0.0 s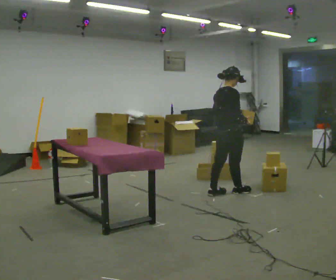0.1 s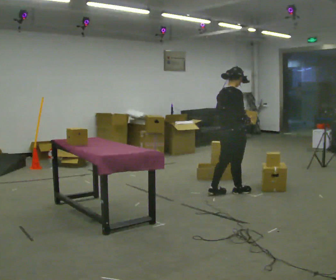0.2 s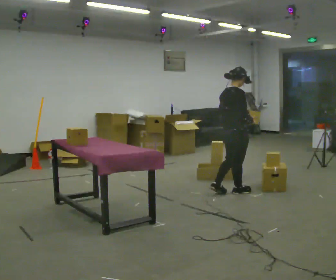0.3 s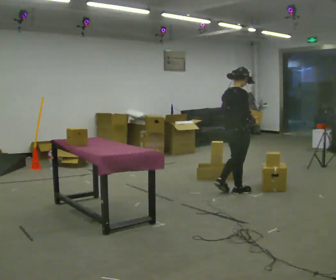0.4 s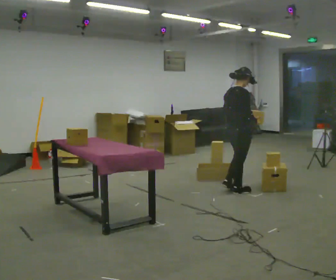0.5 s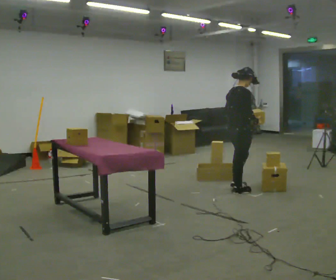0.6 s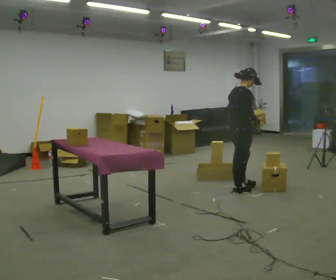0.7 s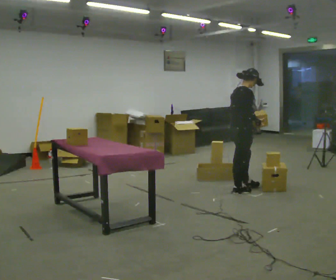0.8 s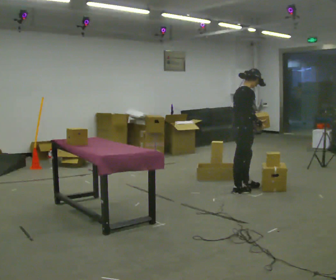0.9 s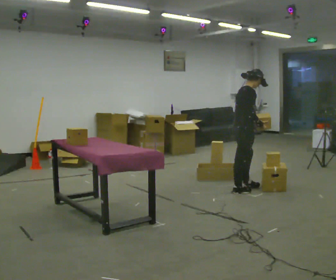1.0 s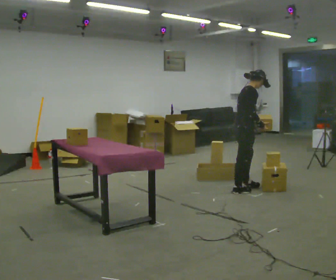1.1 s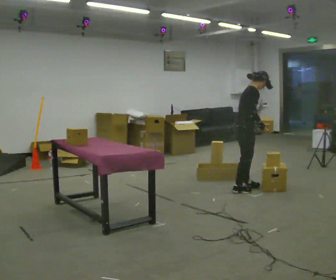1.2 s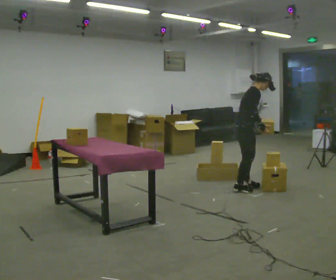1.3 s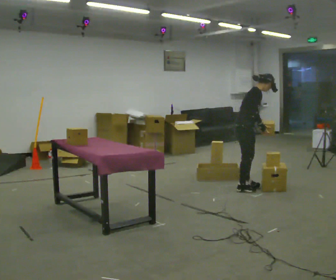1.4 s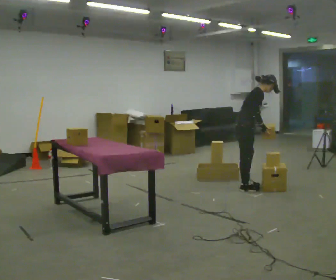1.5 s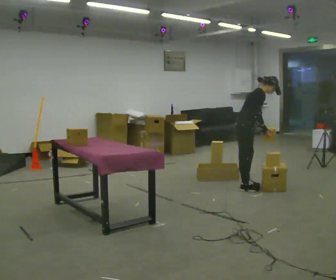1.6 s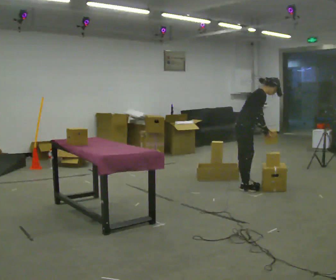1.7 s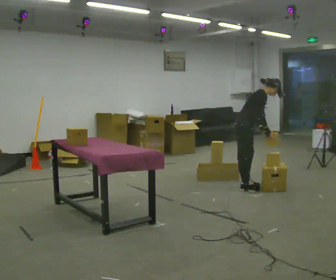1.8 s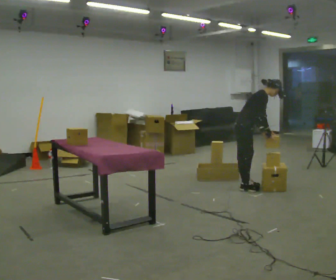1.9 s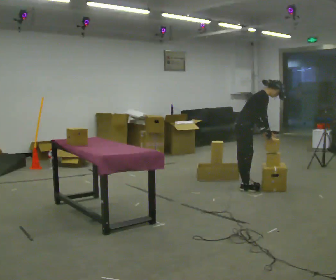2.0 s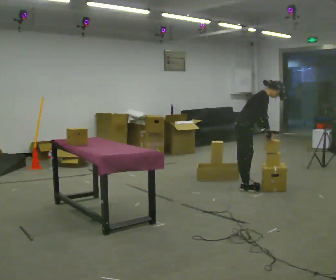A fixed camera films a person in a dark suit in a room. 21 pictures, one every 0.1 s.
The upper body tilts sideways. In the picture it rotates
clockwise.
0.0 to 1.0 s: The person turns about 30 degrees to their right, clockwise seen from above, so the part of the body nearest the lens slides to the left. In the picture they go away from the camera and to the right, about 0.25 m in 1 step, which for them is forward. In the picture the upper body tilts clockwise, shoulders to the right.
1.0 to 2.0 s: In the picture the upper body tilts clockwise, shoulders to the right, as they bend forward.
The film runs forward here.
